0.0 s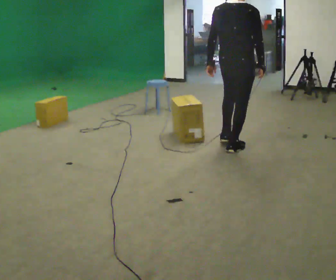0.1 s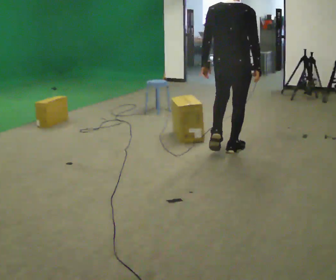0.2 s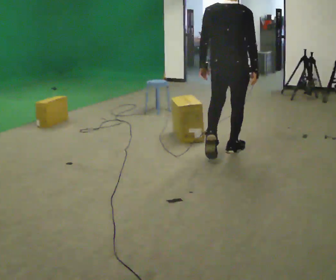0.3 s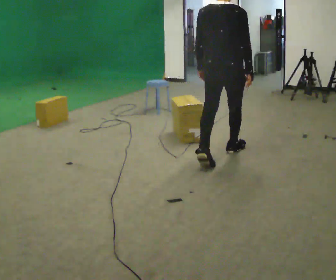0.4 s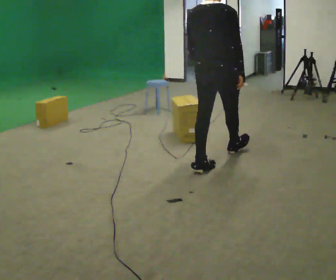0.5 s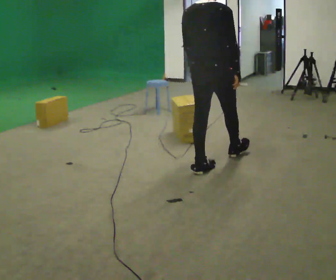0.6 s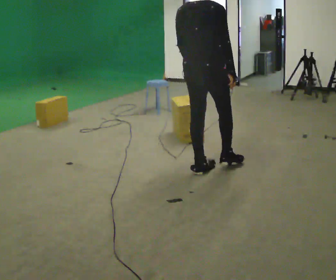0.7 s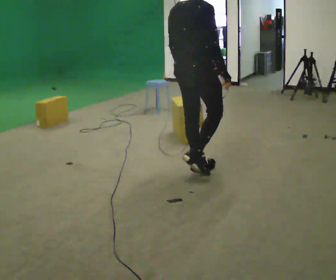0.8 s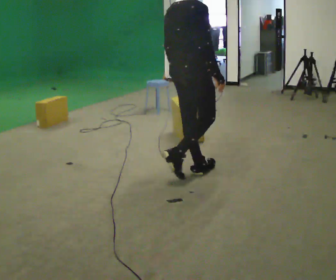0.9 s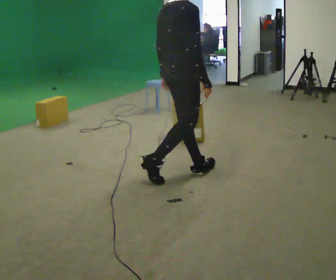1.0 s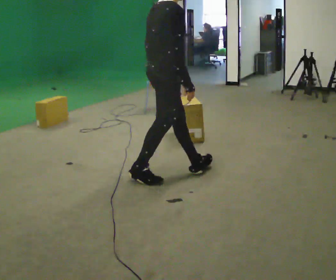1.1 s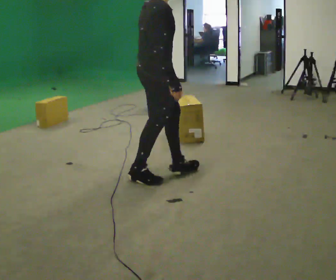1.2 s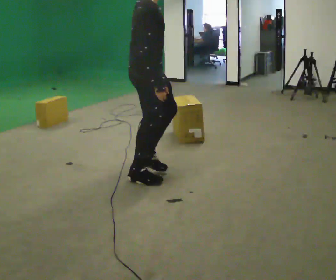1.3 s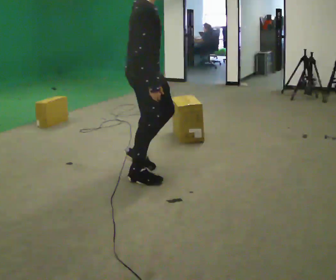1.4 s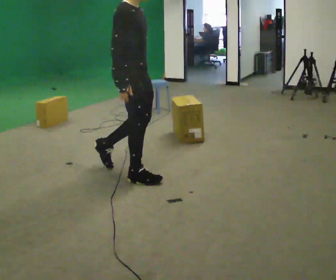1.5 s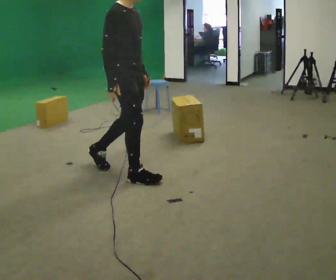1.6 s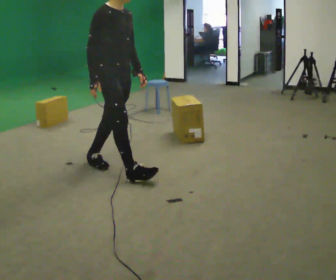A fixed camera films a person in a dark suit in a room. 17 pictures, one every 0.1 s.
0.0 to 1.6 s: Seen from above the body turns clockwise, about 75 degrees: to their right, with its near side sliding to the left. In the picture they go to the left and toward the camera, about 1 m in 3 steps.
The film runs backward here.
